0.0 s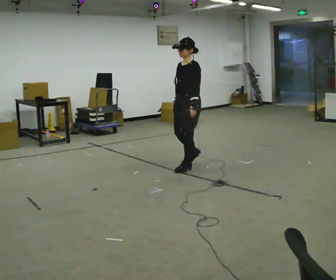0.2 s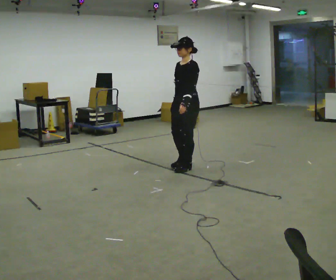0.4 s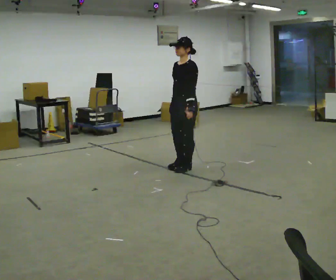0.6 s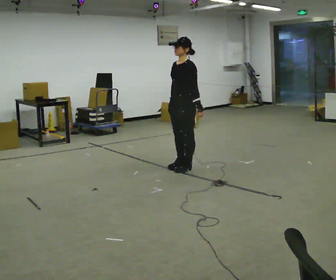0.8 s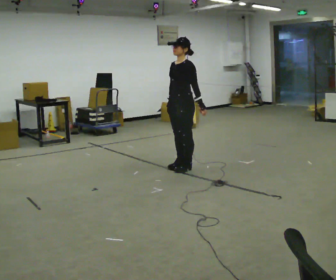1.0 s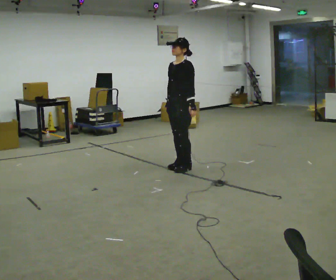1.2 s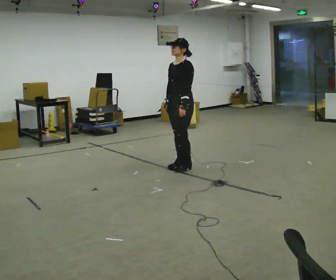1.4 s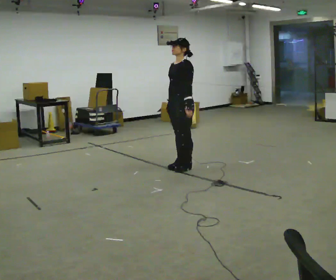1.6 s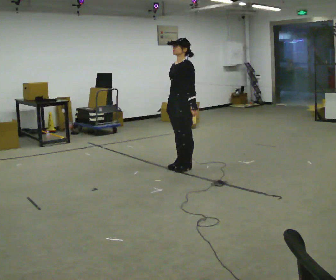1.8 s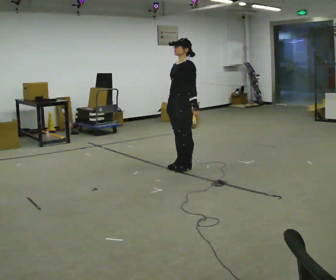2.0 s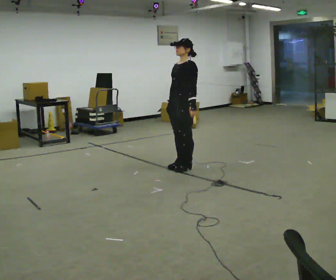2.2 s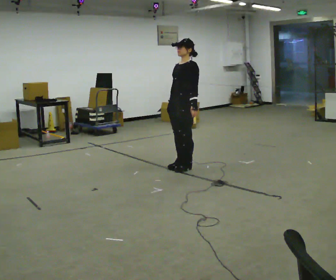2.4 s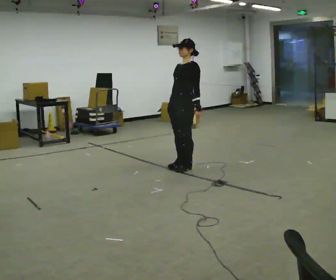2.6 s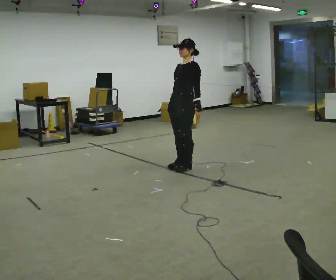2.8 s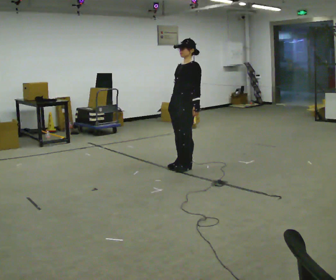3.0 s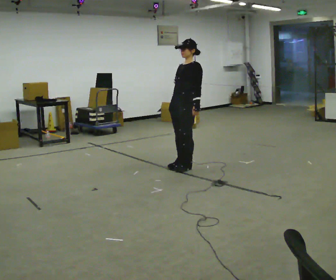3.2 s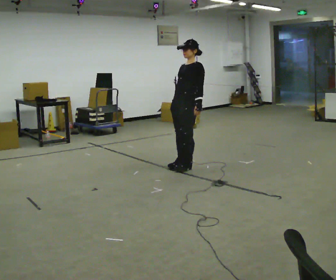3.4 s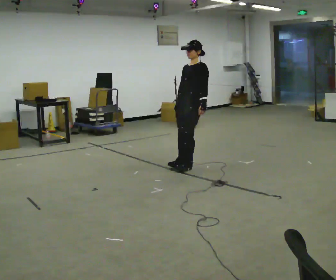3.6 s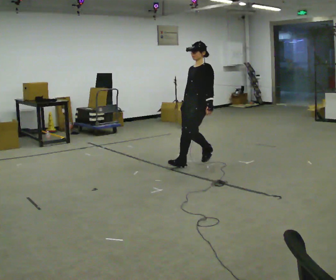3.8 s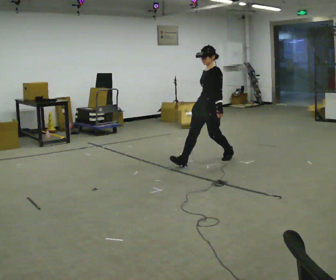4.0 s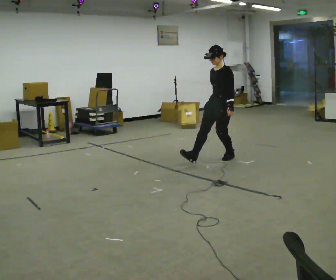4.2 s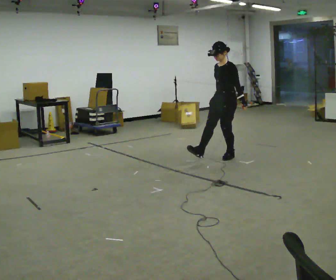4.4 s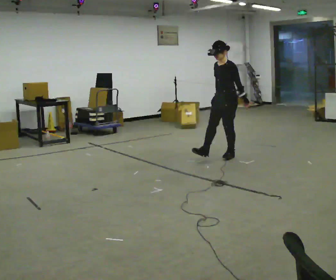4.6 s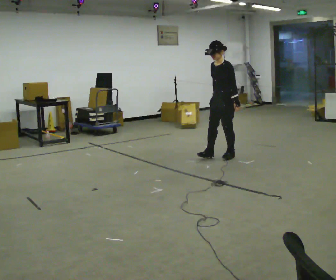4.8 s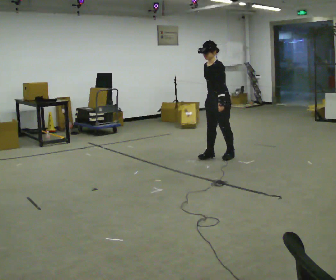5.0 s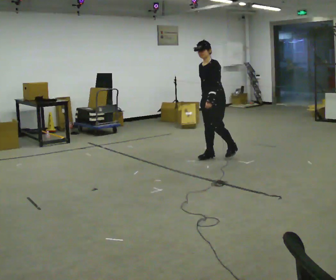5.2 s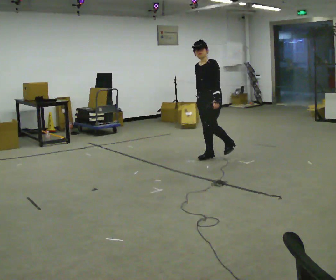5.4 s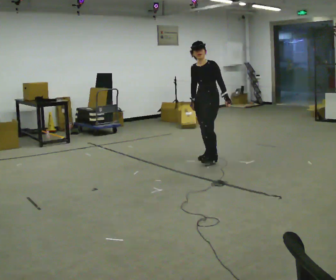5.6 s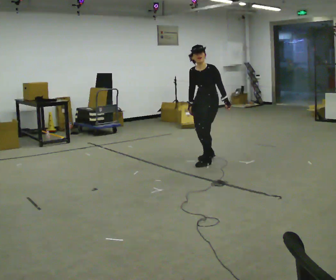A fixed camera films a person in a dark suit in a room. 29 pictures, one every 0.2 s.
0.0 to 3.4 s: The person moves a little, or ends about where they began.
3.4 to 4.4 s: In the picture they go to the right and away from the camera, about 0.5 m in 1 step, which for them is backward.
4.4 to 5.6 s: The person turns about 30 degrees to their left, counterclockwise seen from above, so the part of the body nearest the lens slides to the right. In the picture they go to the left, about 0.25 m in 2 steps, which for them is forward.
The film runs forward here.
